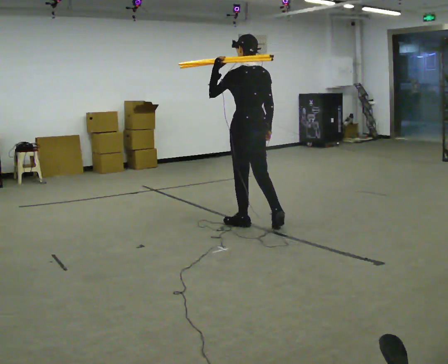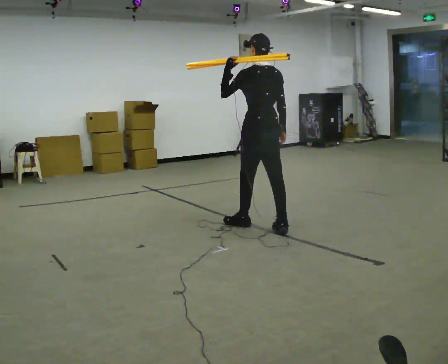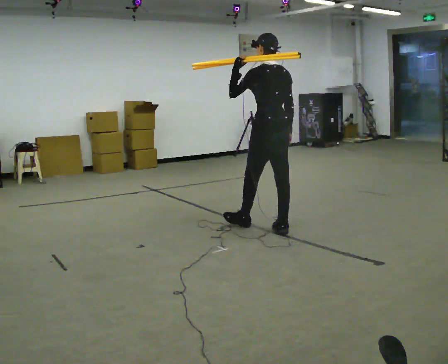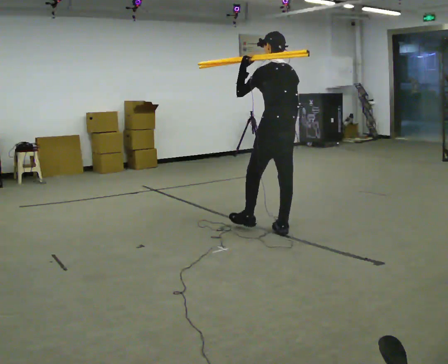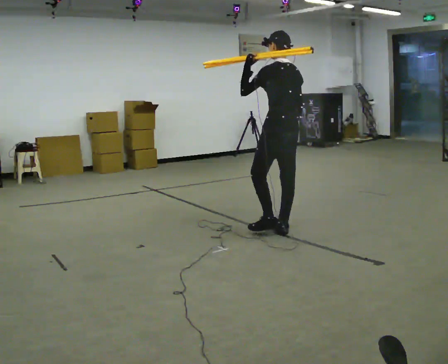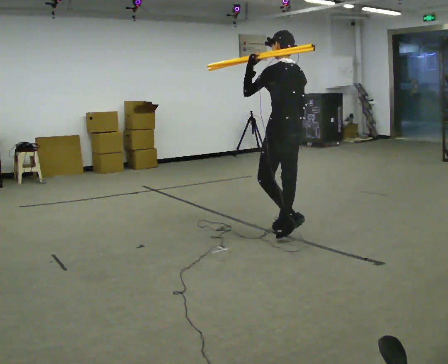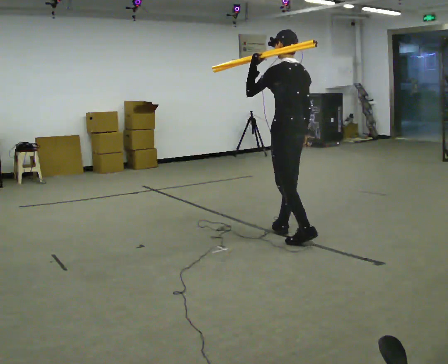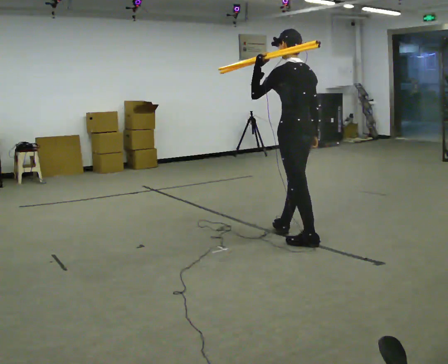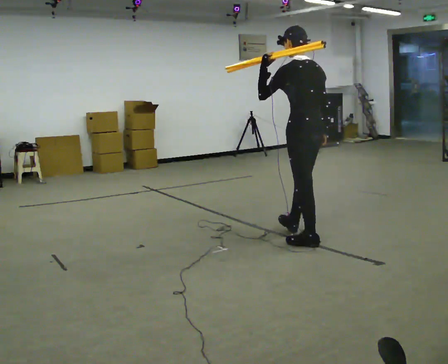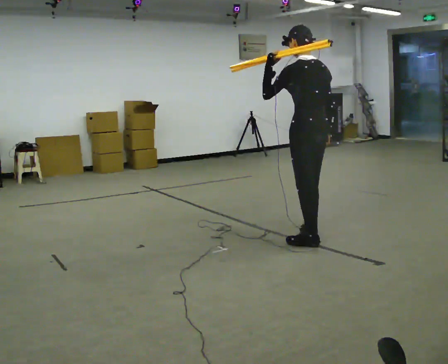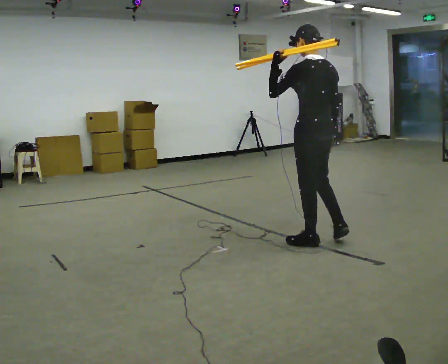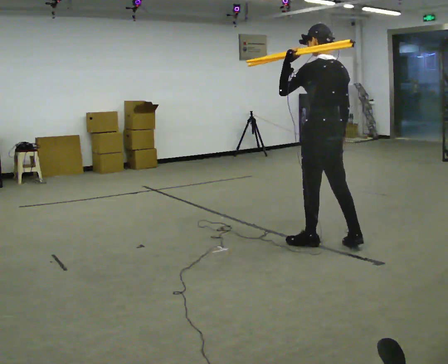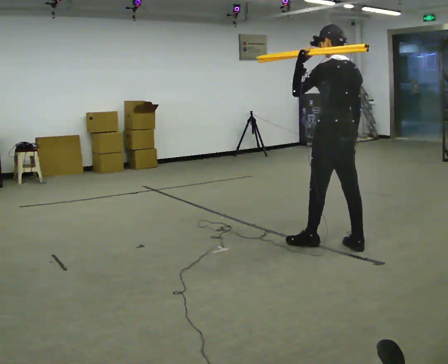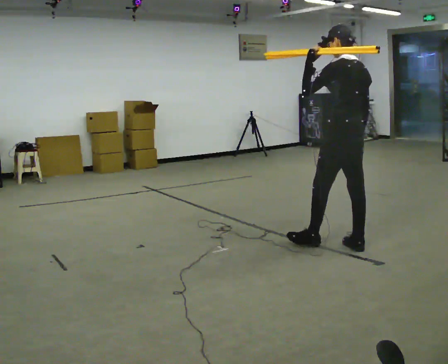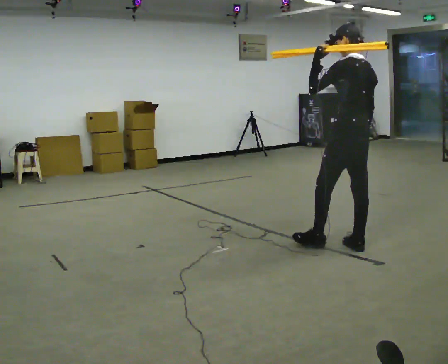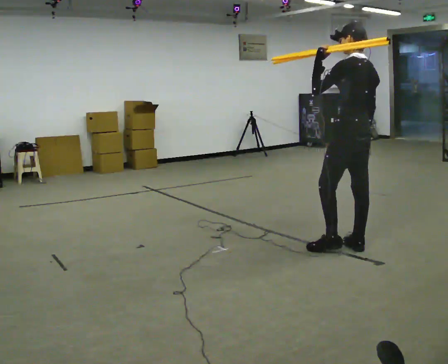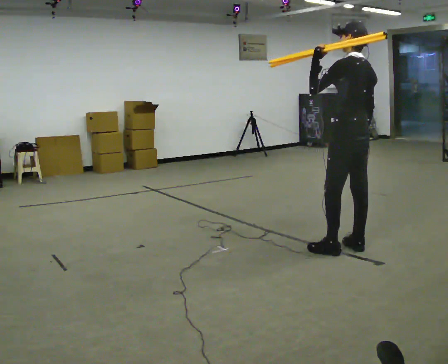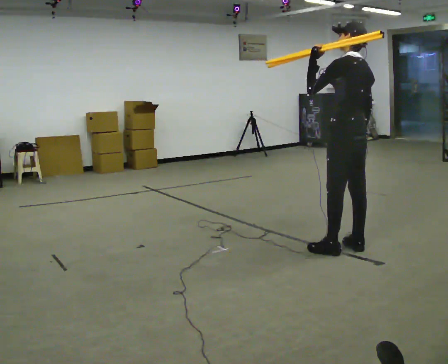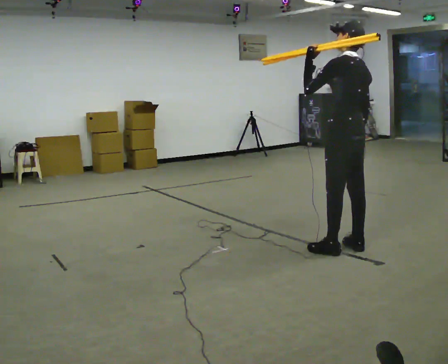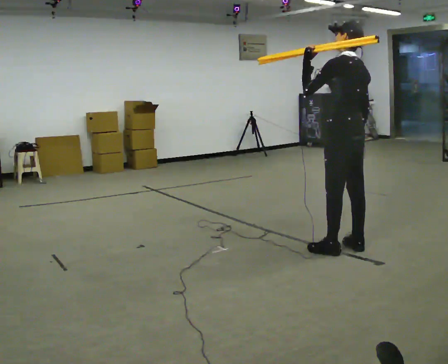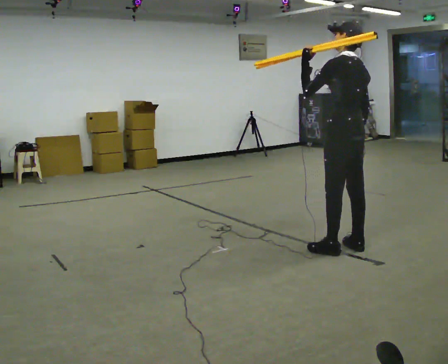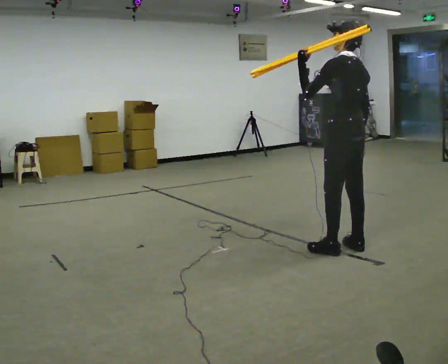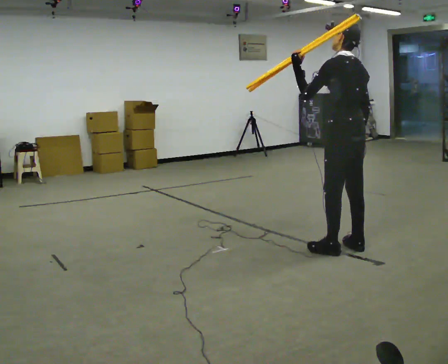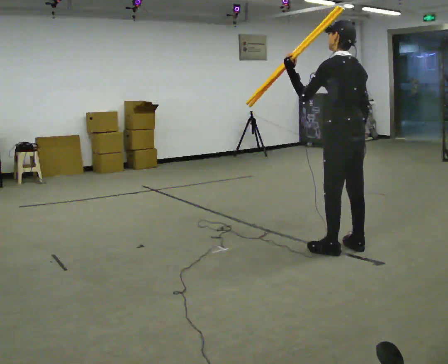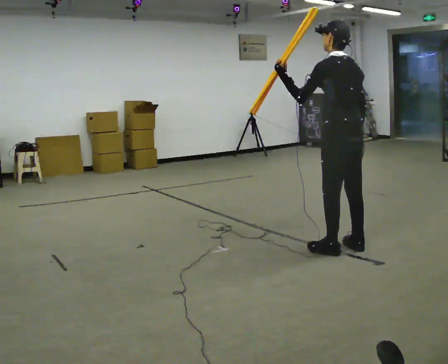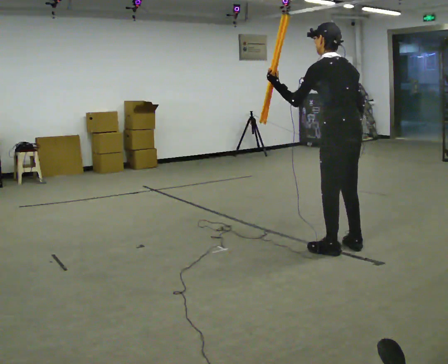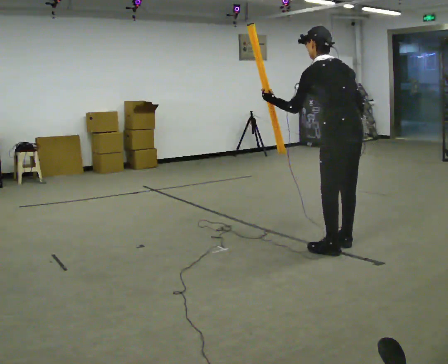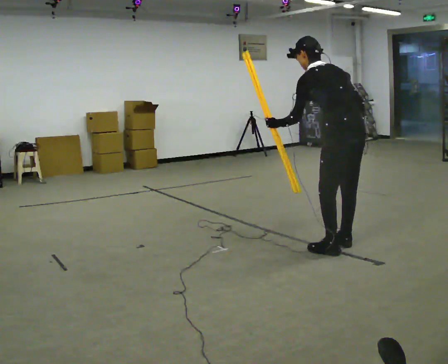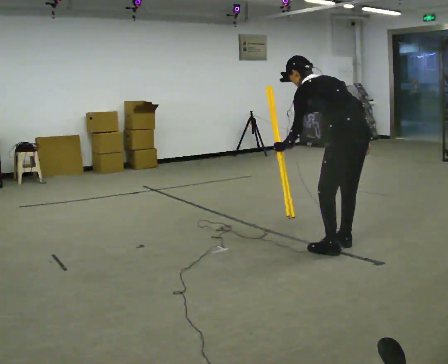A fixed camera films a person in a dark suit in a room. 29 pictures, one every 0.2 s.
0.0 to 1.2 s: In the picture they go to the right and toward the camera, about 0.5 m in 1 step, which for them is backward.
1.2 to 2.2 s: In the picture they go to the right and toward the camera, about 0.5 m in 1 step, which for them is backward.
2.2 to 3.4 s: In the picture they go to the right, about 0.25 m in 1 step, which for them is backward.
3.4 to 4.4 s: The person moves a little, or ends about where they began.
4.4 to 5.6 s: The upper body goes downward. In the picture the upper body tilts counterclockwise, shoulders to the left, as they bend forward. In the picture their left hand goes downward, the arm swinging counterclockwise.
The film runs backward here.
